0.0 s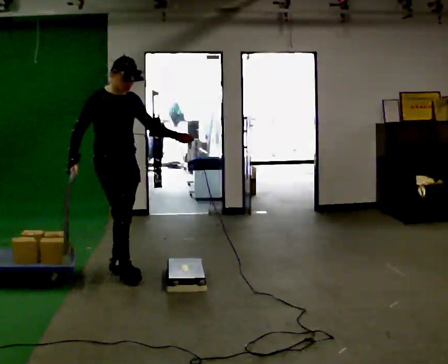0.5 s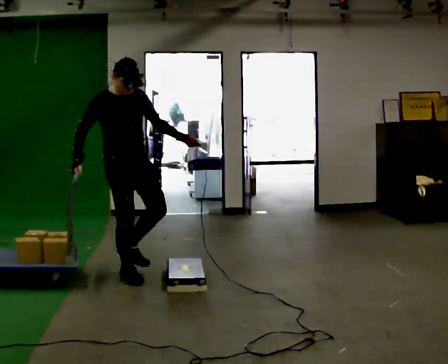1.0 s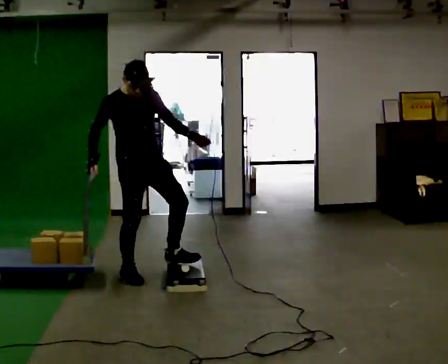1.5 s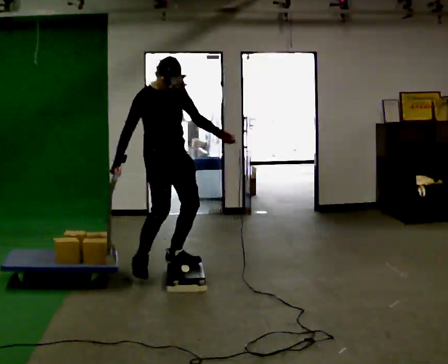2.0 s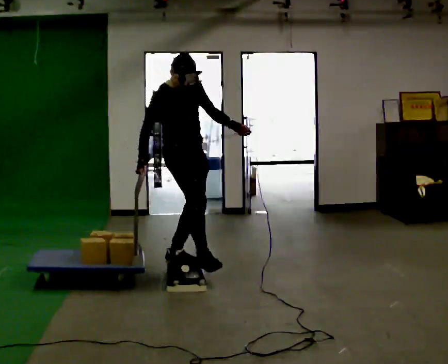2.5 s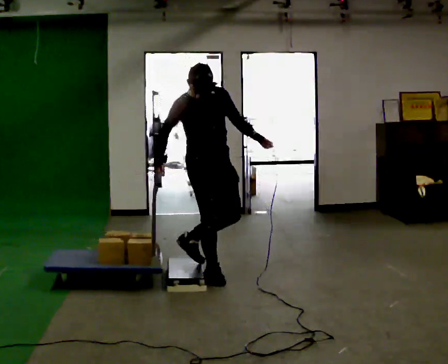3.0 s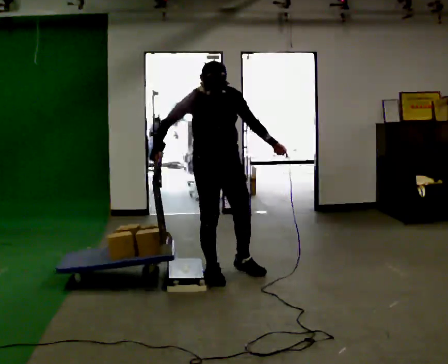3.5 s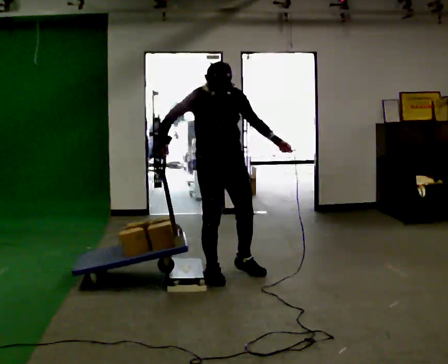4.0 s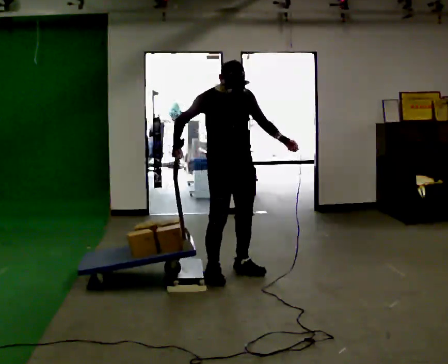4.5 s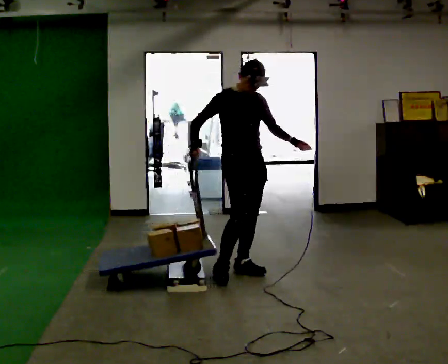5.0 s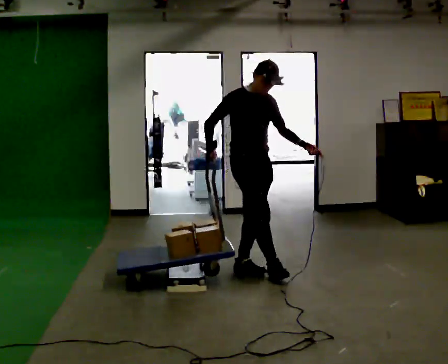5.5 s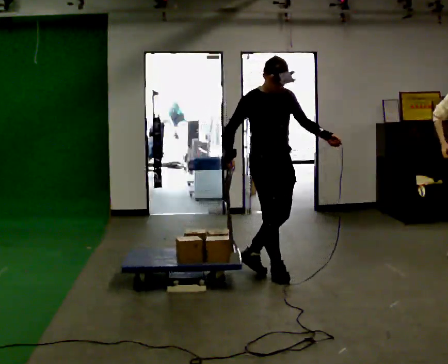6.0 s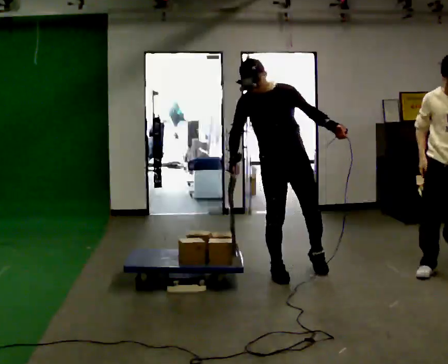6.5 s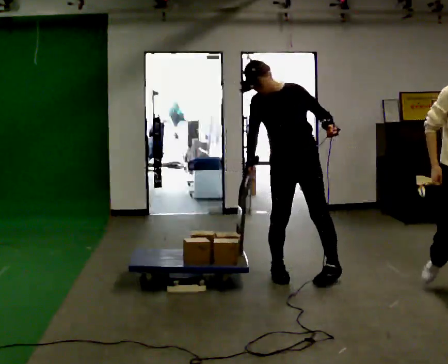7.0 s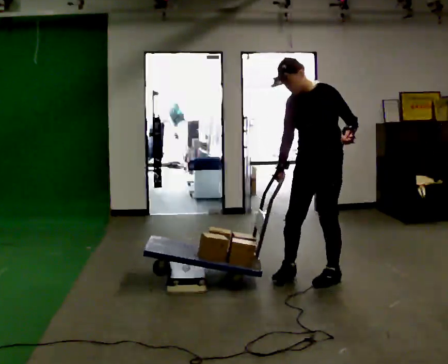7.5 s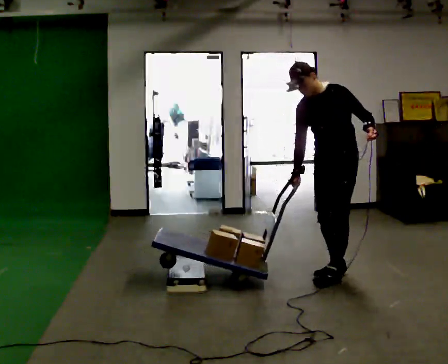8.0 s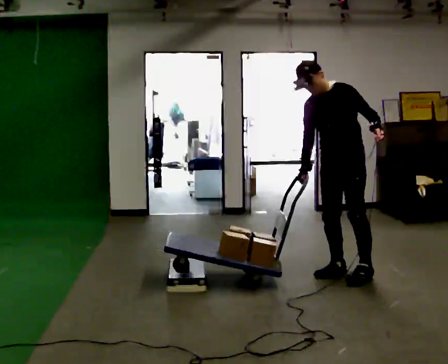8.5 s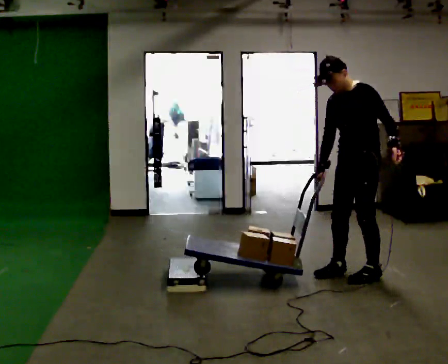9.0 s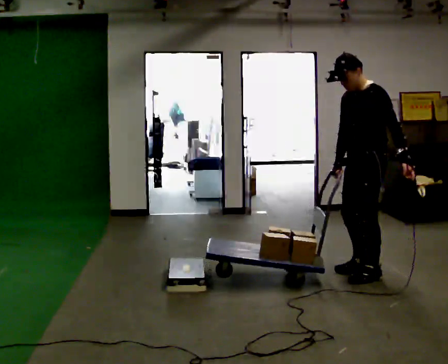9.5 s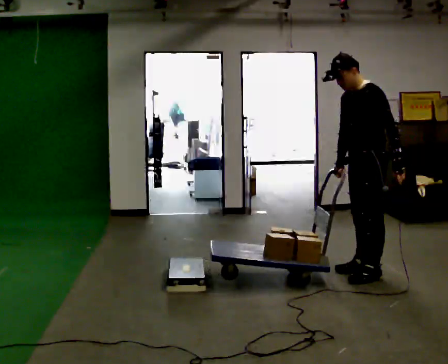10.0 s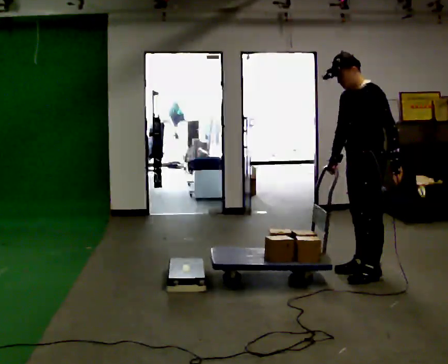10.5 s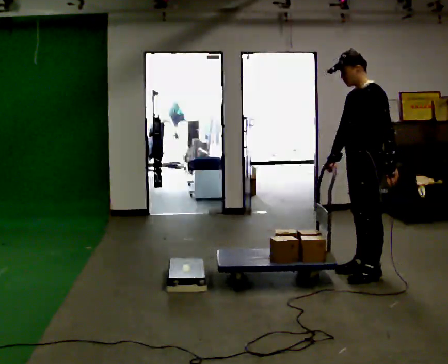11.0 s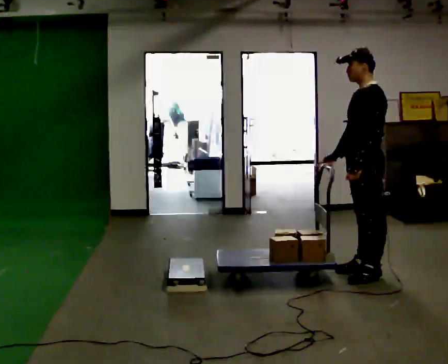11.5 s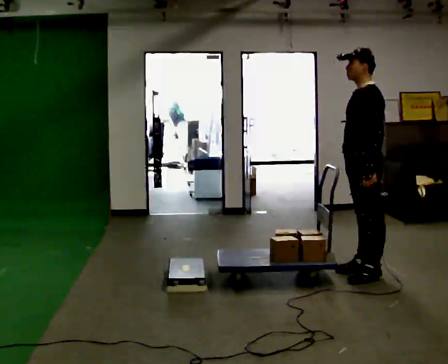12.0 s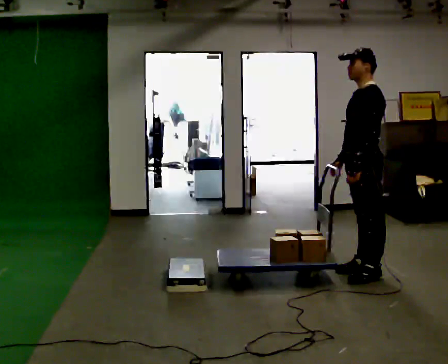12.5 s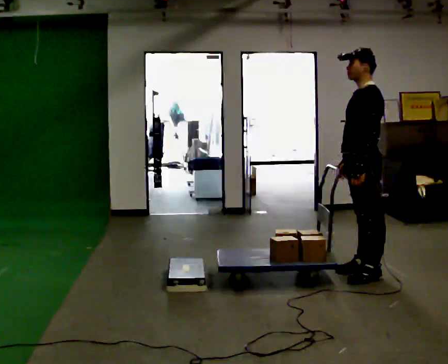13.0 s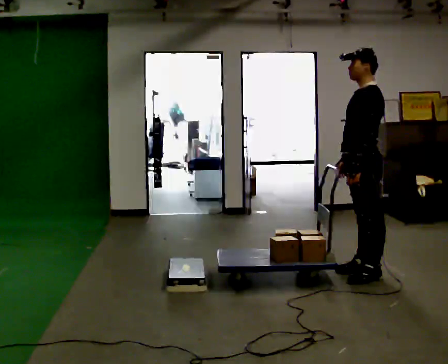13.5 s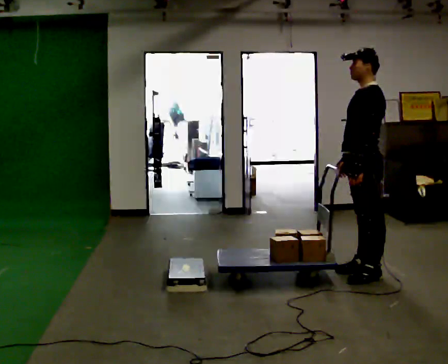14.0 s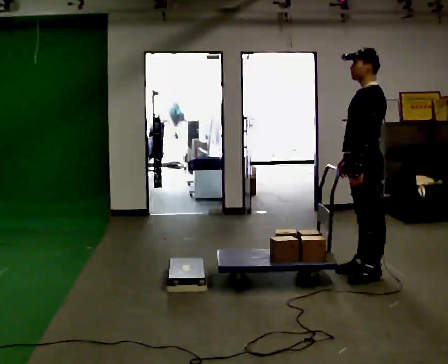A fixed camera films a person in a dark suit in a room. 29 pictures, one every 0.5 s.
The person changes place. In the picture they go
to the right.
0.0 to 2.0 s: In the picture they go to the right, about 0.5 m in 1 step, which for them is to their left and forward.
2.0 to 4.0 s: The part of the body nearest the lens slides to the left as the person turns to their right by about 30 degrees. In the picture they go to the right, about 0.25 m in 2 steps, which for them is to their left.
4.0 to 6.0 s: In the picture they go to the right, about 0.5 m in 1 step, which for them is forward and to their left.
6.0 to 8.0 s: The person turns about 45 degrees to their right, clockwise seen from above, so the part of the body nearest the lens slides to the left. In the picture they go to the right, about 0.5 m in 2 steps, which for them is to their left and backward.
8.0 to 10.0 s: Seen from above the body turns clockwise, about 30 degrees: to their right, with its near side sliding to the left. In the picture they go to the right, about 0.25 m in 2 steps, which for them is backward.
10.0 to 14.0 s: The person moves a little, or ends about where they began.
The film runs forward here.
